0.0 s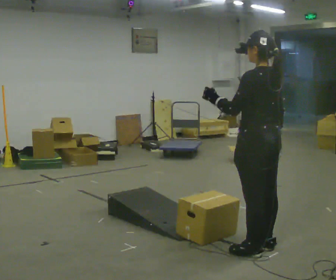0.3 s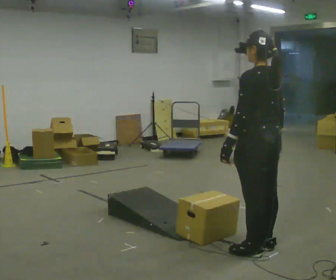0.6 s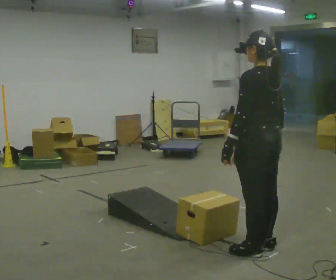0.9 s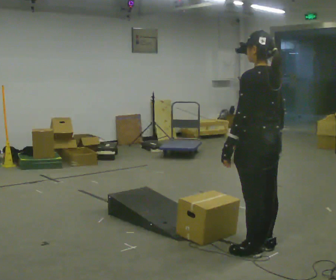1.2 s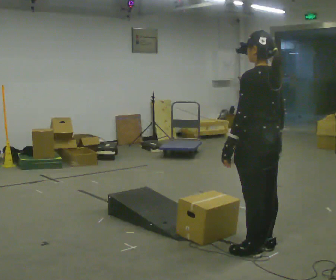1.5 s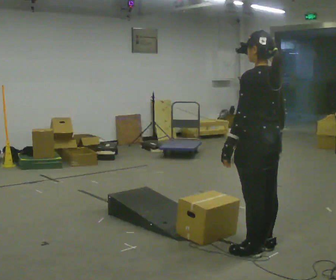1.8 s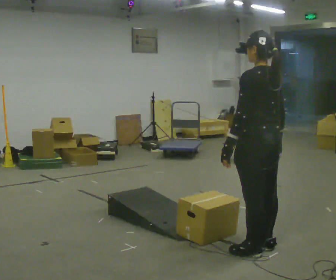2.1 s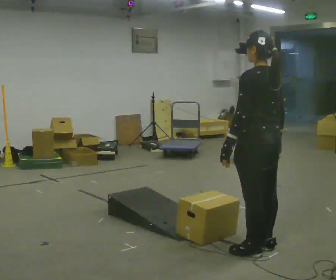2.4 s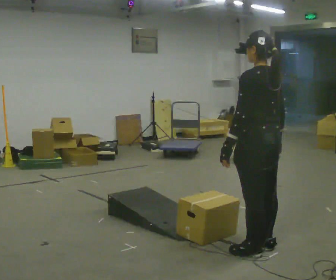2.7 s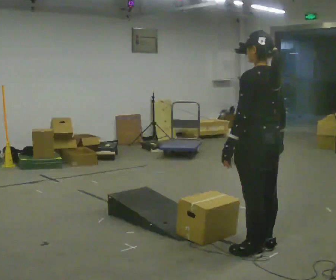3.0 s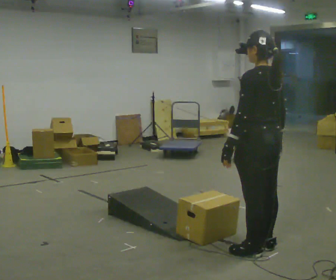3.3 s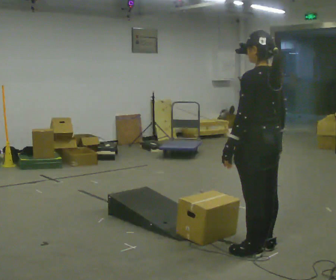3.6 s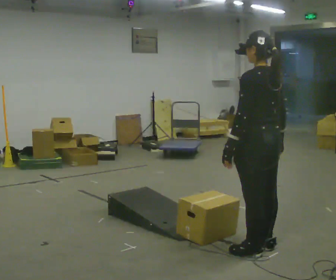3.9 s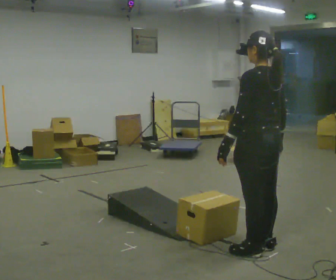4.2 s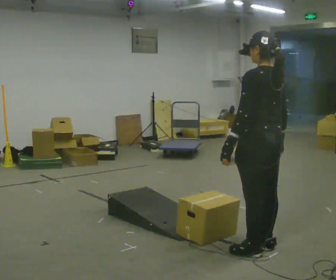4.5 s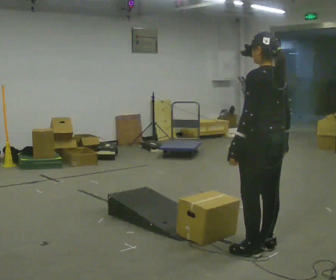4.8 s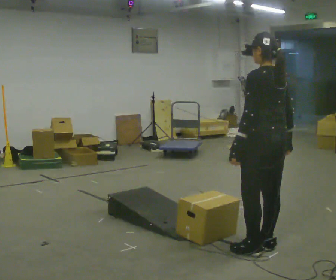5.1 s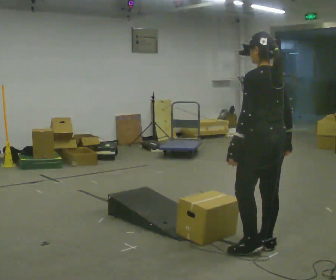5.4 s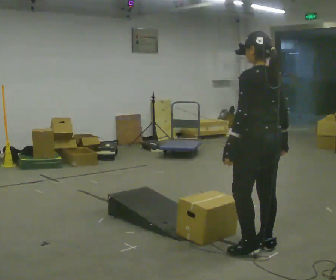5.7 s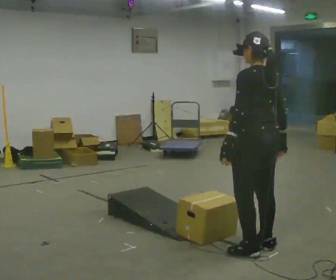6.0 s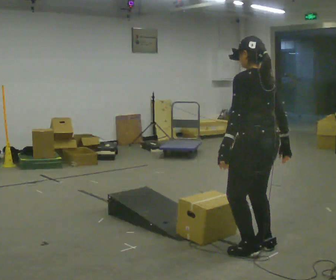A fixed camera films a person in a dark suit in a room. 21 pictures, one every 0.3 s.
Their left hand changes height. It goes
downward.
0.0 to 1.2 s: In the picture their left hand goes downward.
1.2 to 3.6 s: The person keeps their place and pose.
3.6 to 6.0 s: The person moves a little, or ends about where they began.
The film runs backward here.
